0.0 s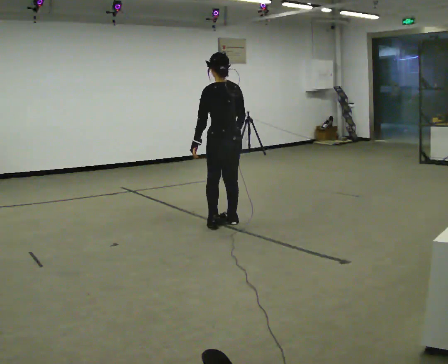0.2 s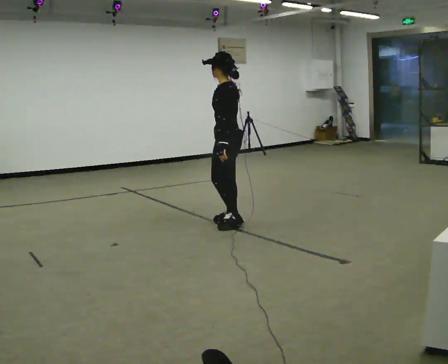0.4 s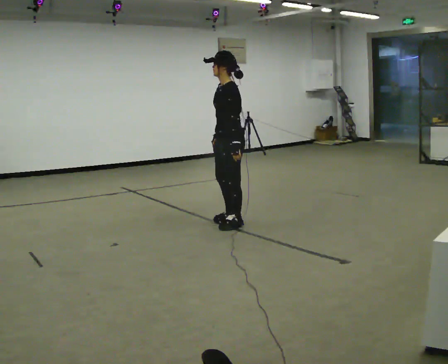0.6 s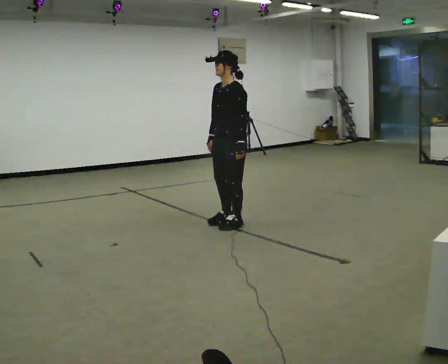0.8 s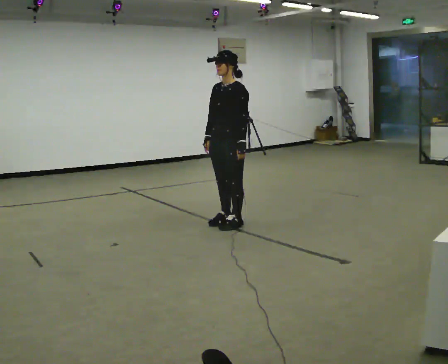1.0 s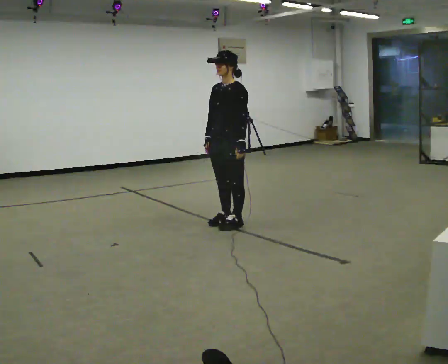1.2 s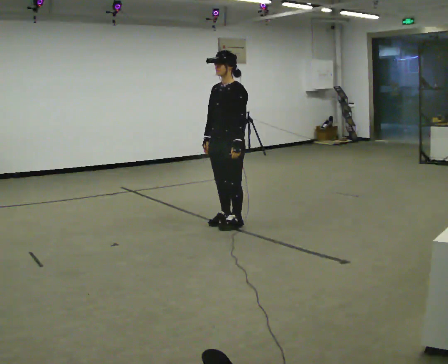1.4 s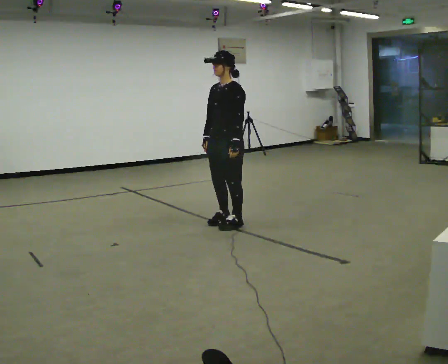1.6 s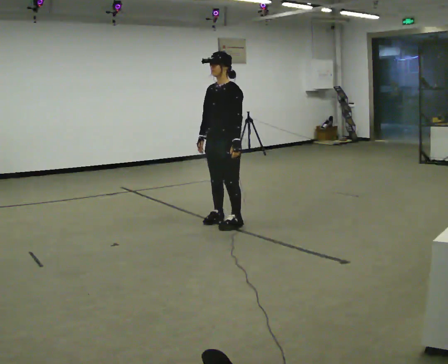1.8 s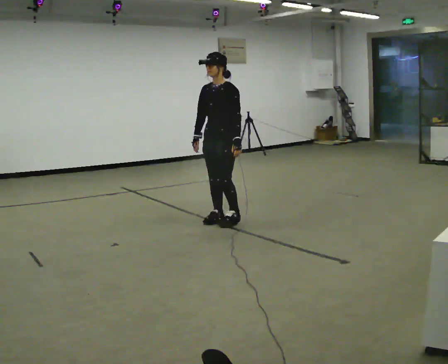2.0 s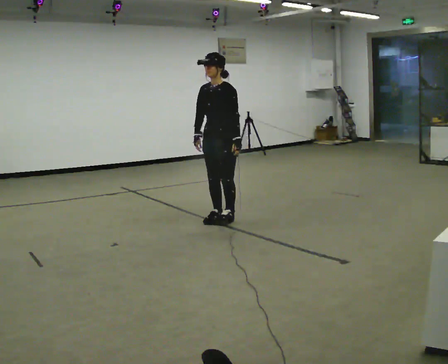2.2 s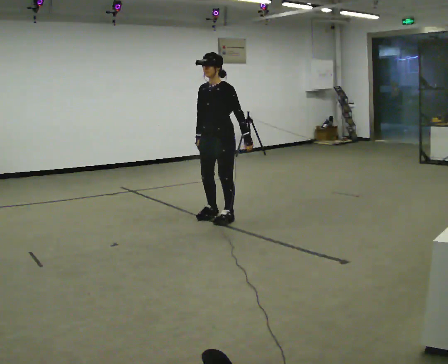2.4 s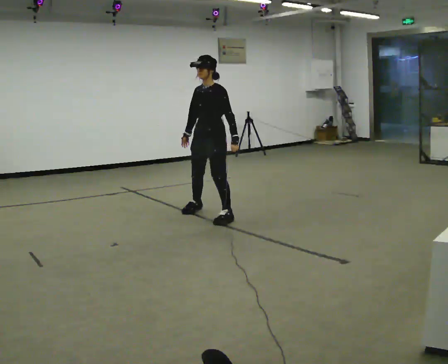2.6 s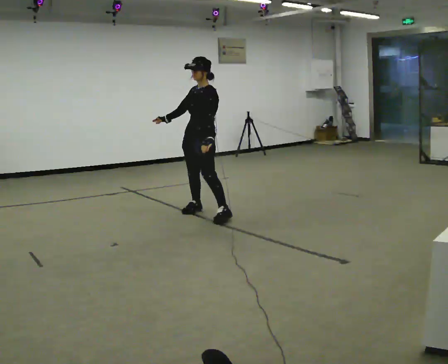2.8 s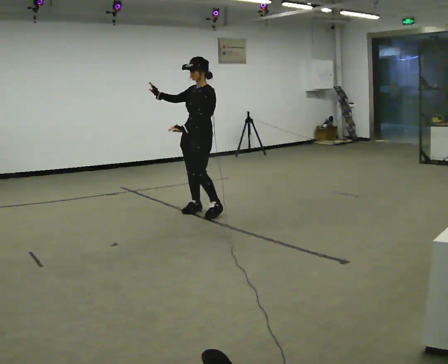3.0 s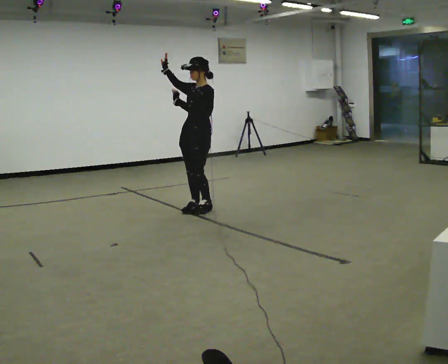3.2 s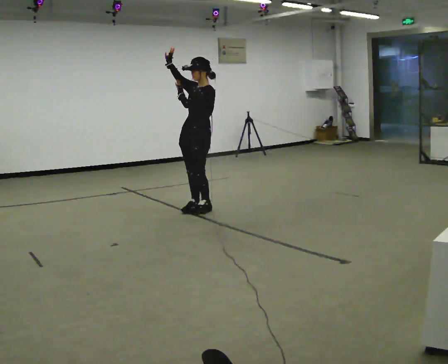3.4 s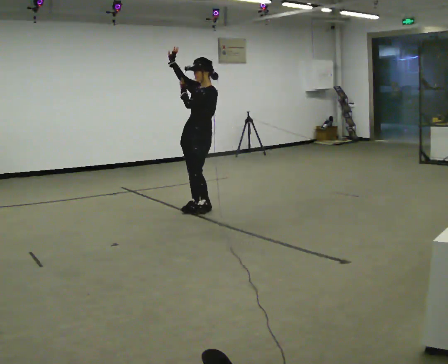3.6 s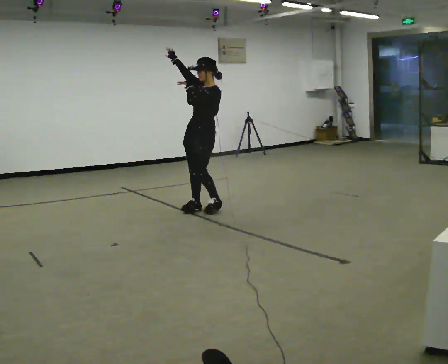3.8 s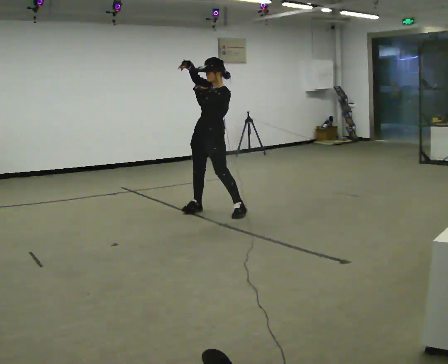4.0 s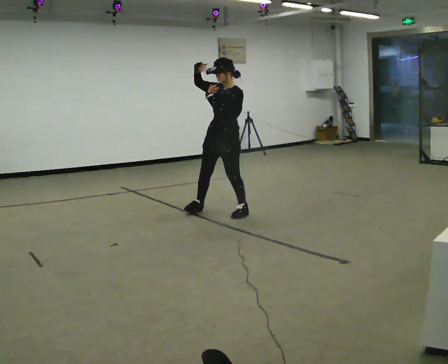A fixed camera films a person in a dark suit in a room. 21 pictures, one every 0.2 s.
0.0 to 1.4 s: The person turns about 105 degrees to their left, counterclockwise seen from above, so the part of the body nearest the lens slides to the right. In the picture their right hand goes to the left, the arm swinging clockwise.
1.4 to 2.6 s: In the picture they go away from the camera and to the left, about 0.5 m in 3 steps, which for them is to their right and backward.
2.6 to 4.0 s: In the picture they go to the right, about 0.25 m in 2 steps, which for them is backward. In the picture their right hand goes upward, the arm swinging clockwise.
The film runs backward here.
